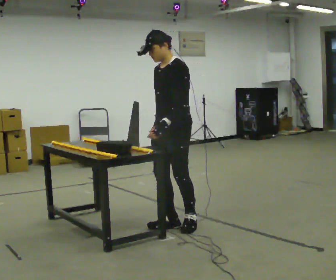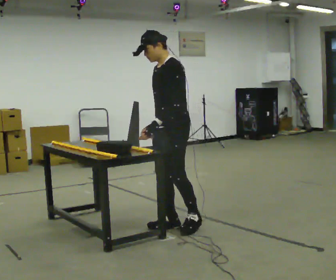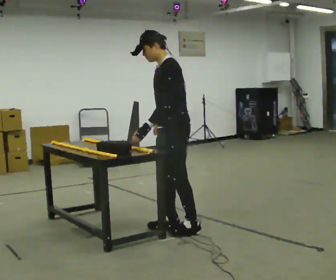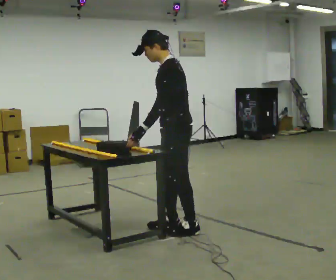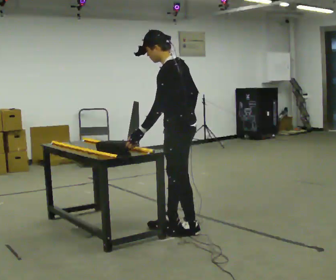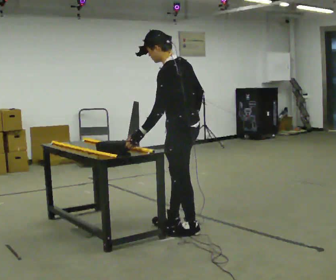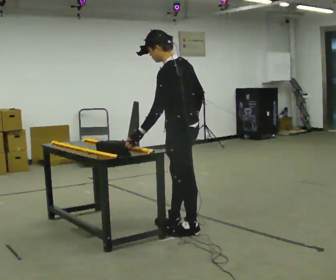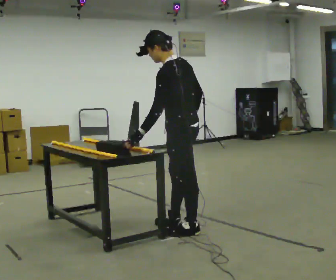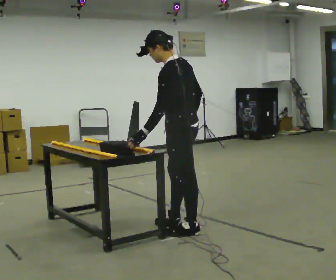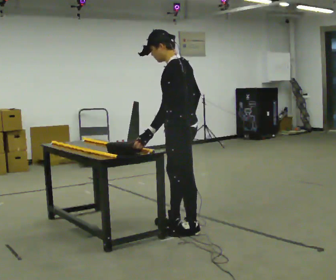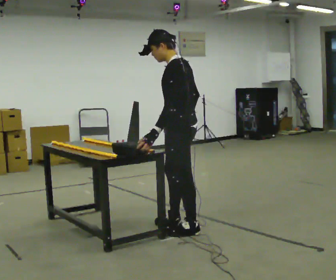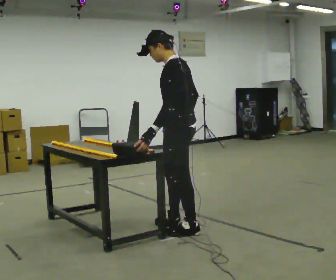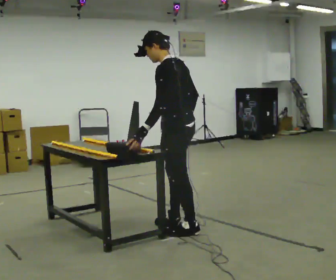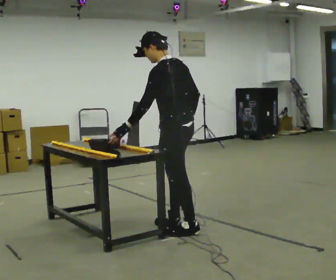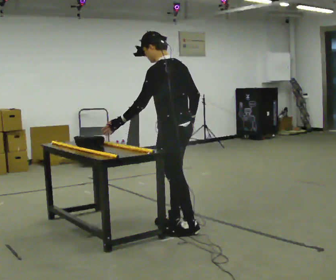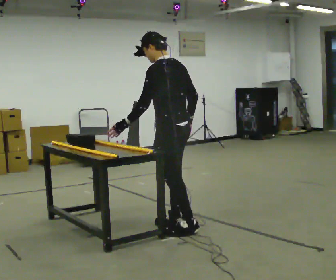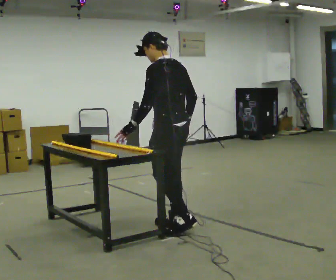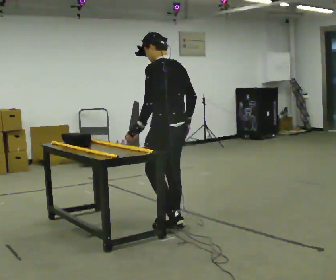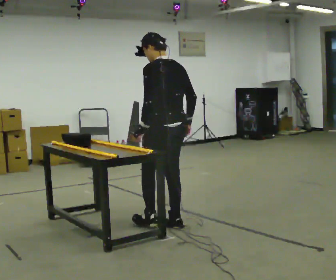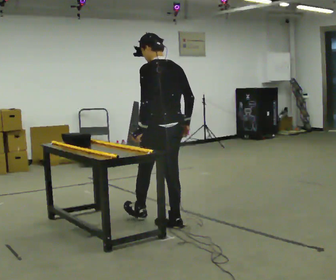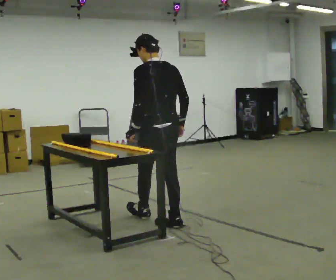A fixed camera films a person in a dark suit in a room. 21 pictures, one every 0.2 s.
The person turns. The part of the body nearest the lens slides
to the left.
The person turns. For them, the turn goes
to their right.
0.0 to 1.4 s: Seen from above the body turns clockwise, about 60 degrees: to their right, with its near side sliding to the left. In the picture they go toward the camera, about 0.25 m in 1 step, which for them is to their left. In the picture their right hand goes to the right.
1.4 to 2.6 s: The person moves a little, or ends about where they began.
2.6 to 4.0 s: The part of the body nearest the lens slides to the left as the person turns to their right by about 30 degrees. In the picture they go away from the camera and to the left, about 0.25 m in 1 step, which for them is forward.
The film runs forward here.
